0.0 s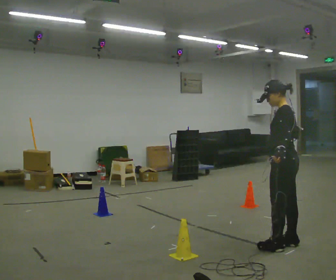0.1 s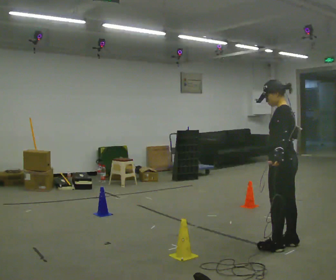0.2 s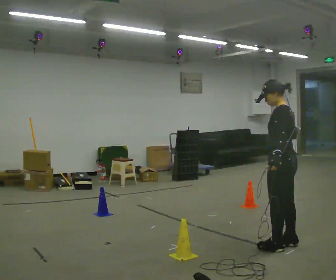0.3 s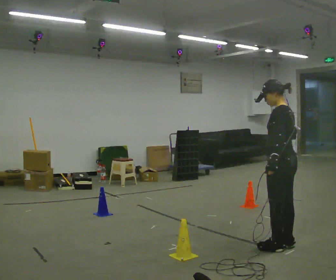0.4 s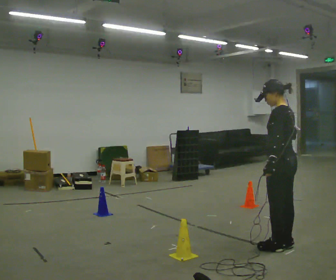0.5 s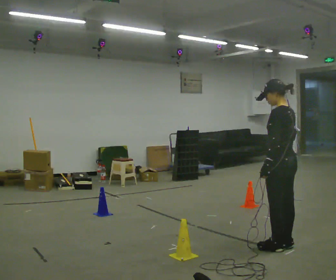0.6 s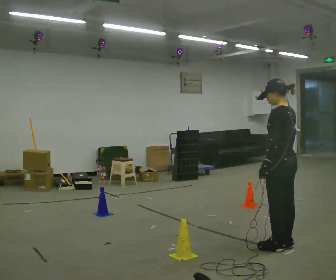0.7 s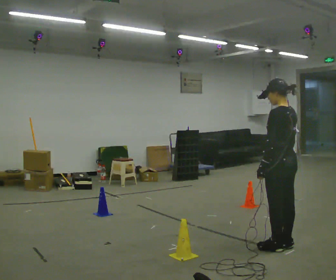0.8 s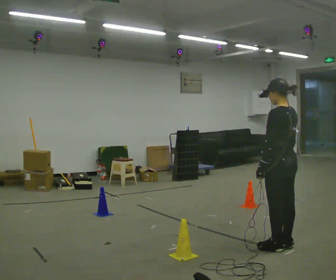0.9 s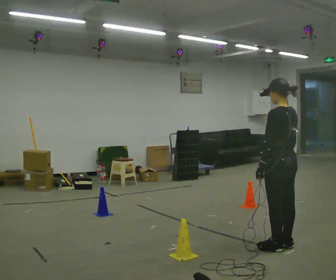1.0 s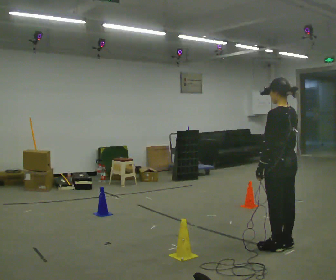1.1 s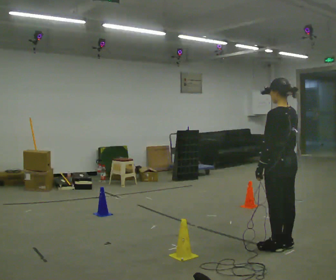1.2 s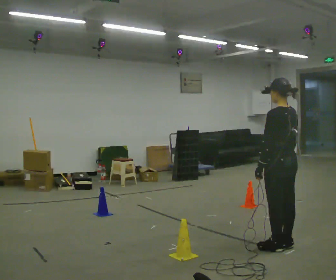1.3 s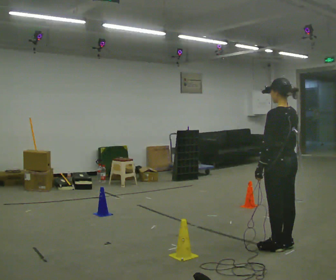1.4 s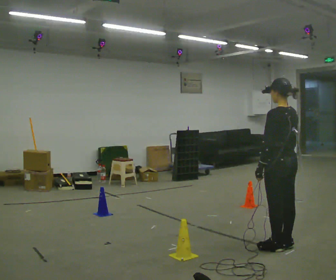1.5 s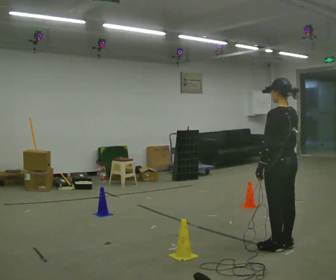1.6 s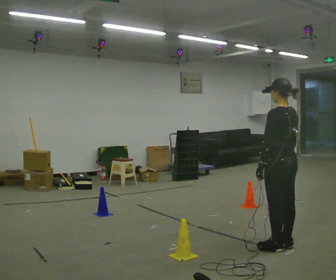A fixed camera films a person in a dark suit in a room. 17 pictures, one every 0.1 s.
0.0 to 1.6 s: The part of the body nearest the lens slides to the left as the person turns to their right by about 30 degrees.
The film runs backward here.
